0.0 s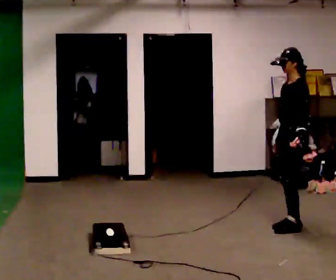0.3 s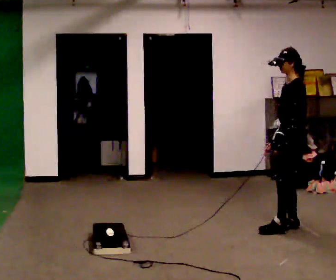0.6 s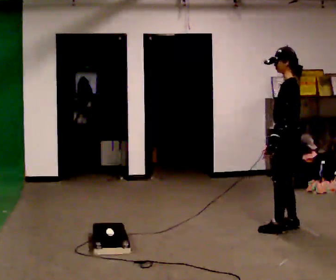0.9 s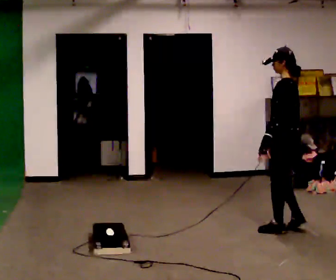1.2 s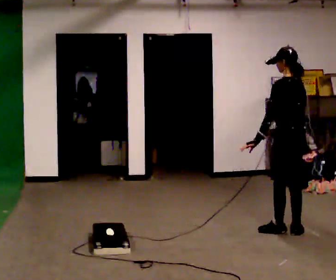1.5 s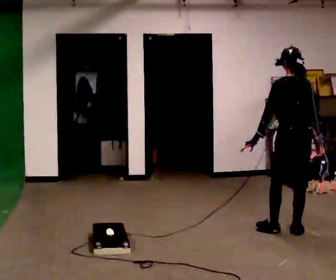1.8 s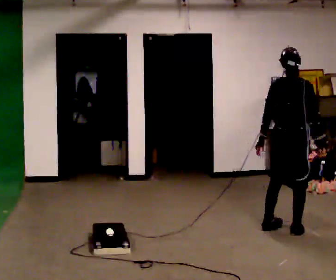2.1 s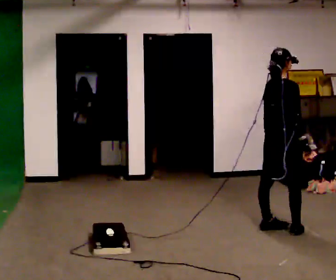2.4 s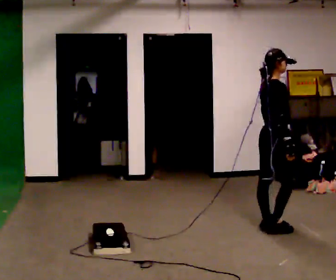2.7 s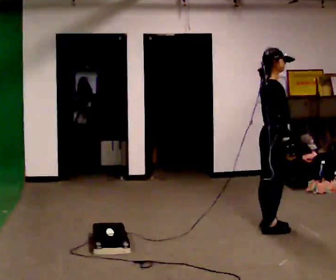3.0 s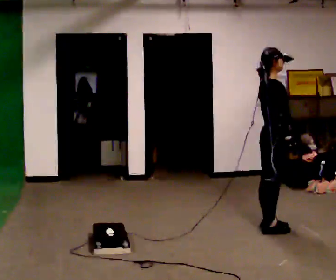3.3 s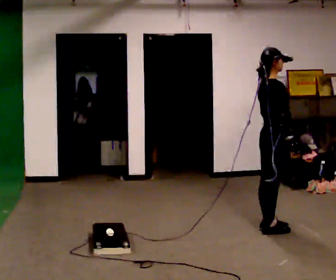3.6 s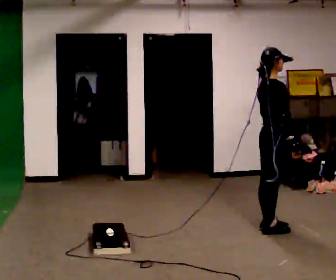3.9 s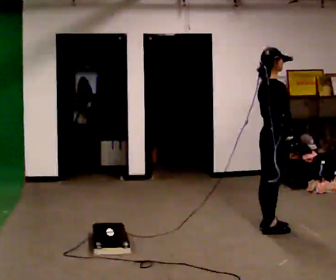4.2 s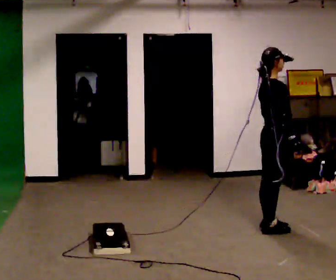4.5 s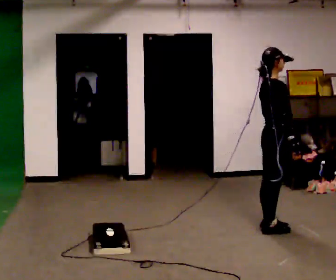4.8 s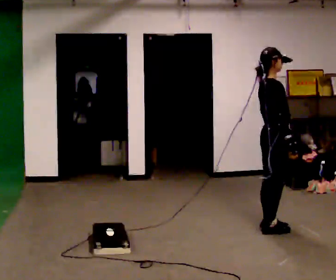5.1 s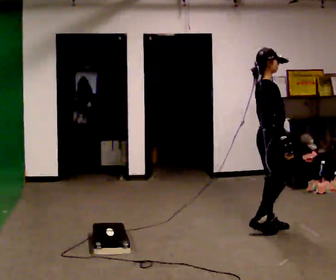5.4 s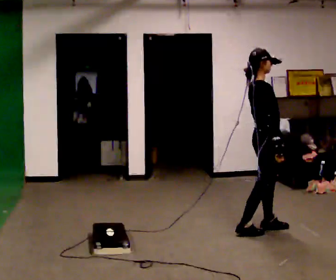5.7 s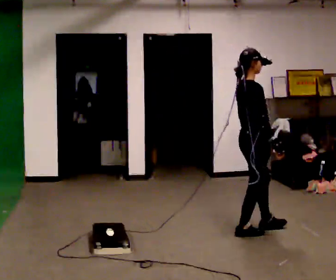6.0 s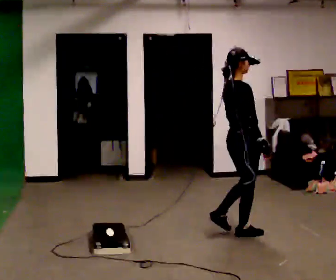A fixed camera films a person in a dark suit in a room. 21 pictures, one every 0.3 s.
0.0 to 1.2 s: Seen from above the body turns clockwise, about 60 degrees: to their right, with its near side sliding to the left. In the picture they go toward the camera, about 0.25 m in 2 steps. In the picture their left hand goes to the left.
1.2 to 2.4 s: The part of the body nearest the lens slides to the left as the person turns to their right by about 120 degrees. In the picture they go to the left, about 0.25 m in 2 steps.
2.4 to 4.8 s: The person moves a little, or ends about where they began.
4.8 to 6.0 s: In the picture they go to the left and toward the camera, about 0.25 m in 2 steps, which for them is backward.
The film runs backward here.
